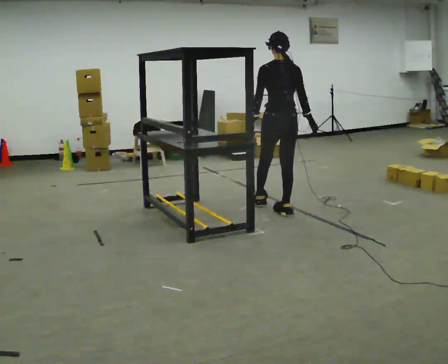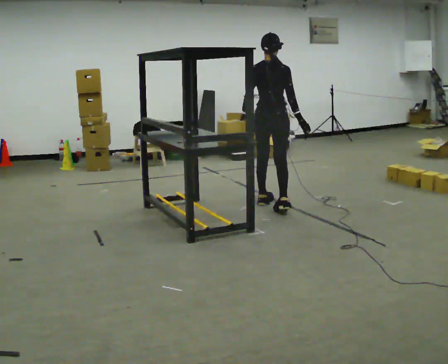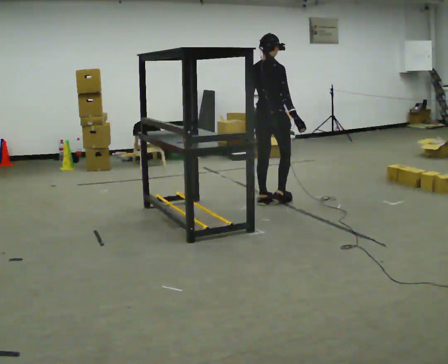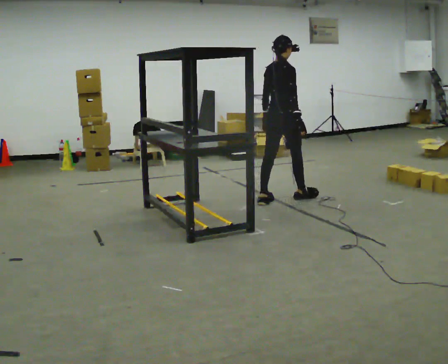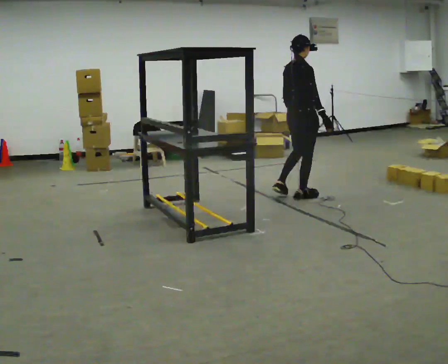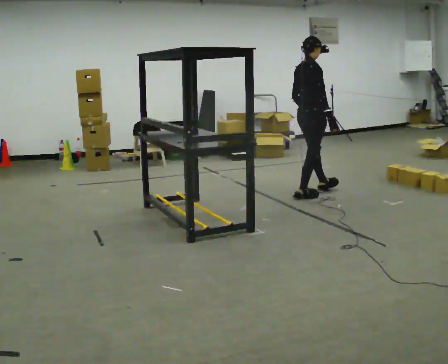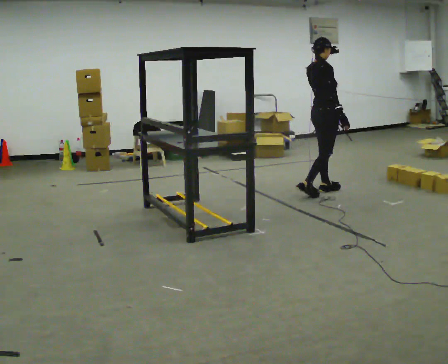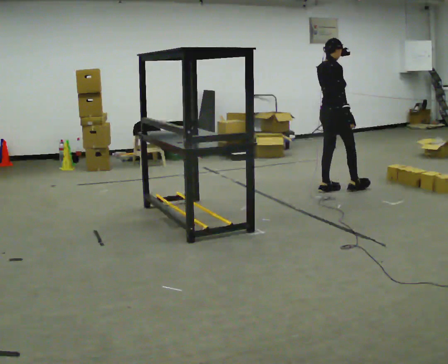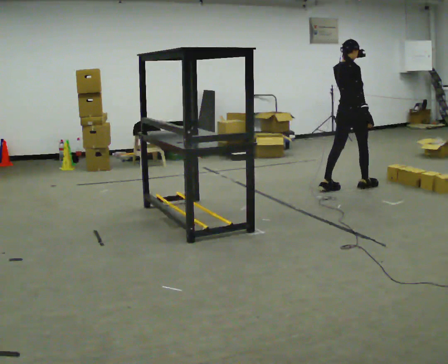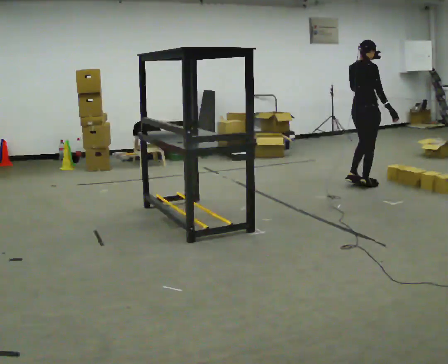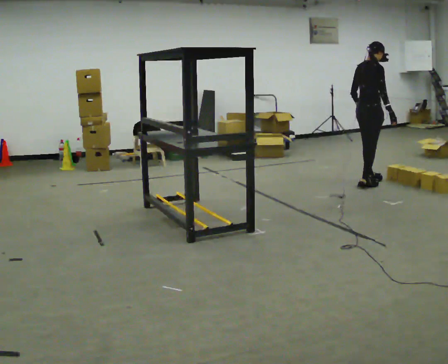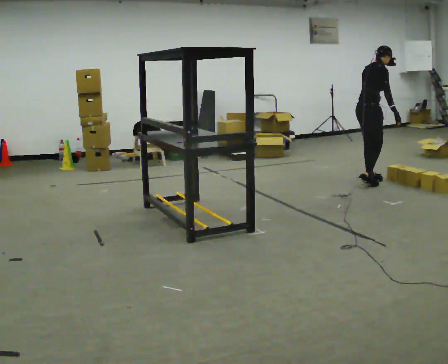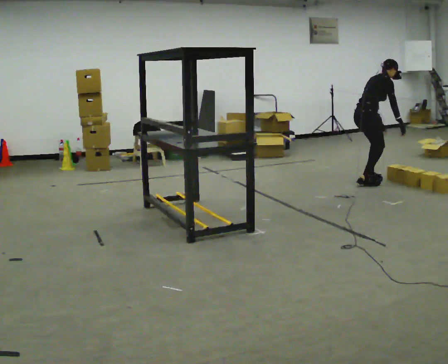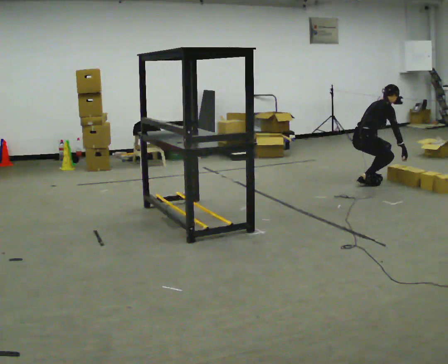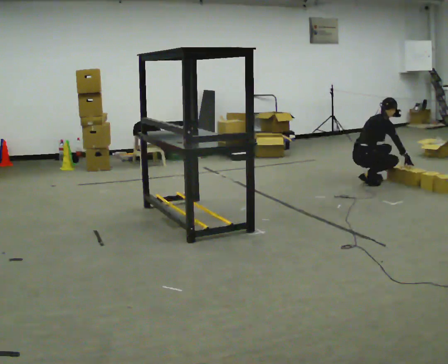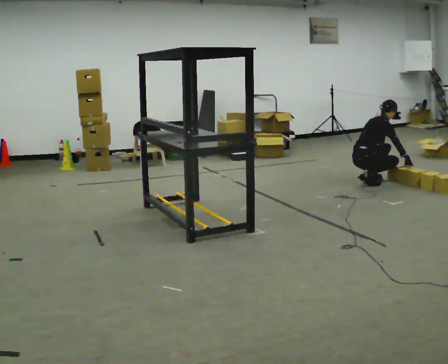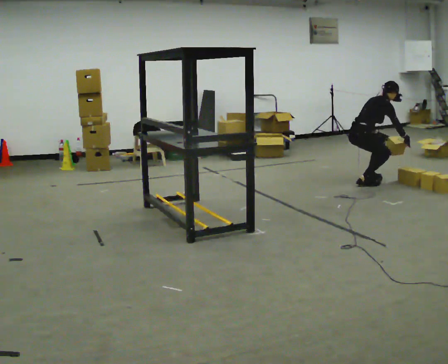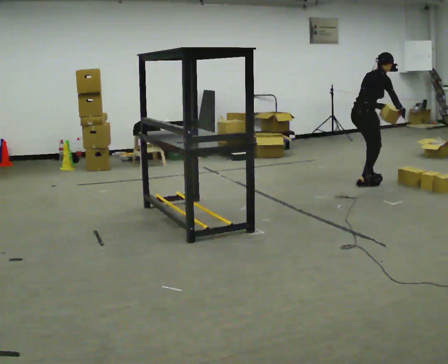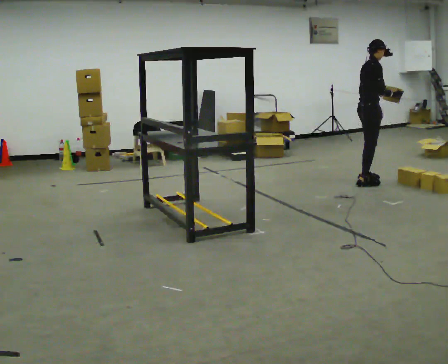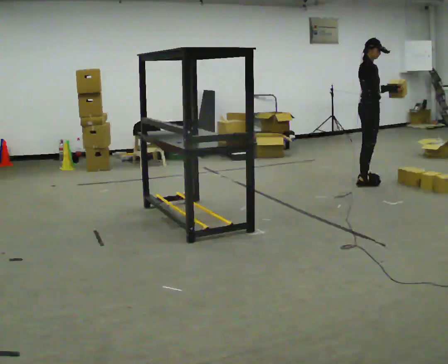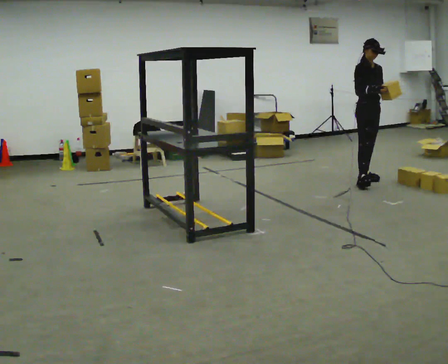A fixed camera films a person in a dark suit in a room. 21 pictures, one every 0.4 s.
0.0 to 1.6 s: The person turns about 60 degrees to their right, clockwise seen from above, so the part of the body nearest the lens slides to the left. In the picture they go away from the camera, about 0.5 m in 2 steps.
1.6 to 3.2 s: In the picture they go to the right and away from the camera, about 0.75 m in 2 steps, which for them is forward. In the picture their left hand goes upward.
3.2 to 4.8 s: In the picture they go away from the camera and to the right, about 0.25 m in 1 step, which for them is forward. The upper body goes downward. In the picture the upper body tilts clockwise, shoulders to the right, as they bend forward. In the picture their left hand goes downward.
4.8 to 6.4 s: The person moves a little, or ends about where they began.
6.4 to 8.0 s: Seen from above the body turns clockwise, about 90 degrees: to their right, with its near side sliding to the left. In the picture they go away from the camera, about 0.25 m. The upper body goes upward. In the picture the upper body tilts counterclockwise, shoulders to the left, as they lean back or straighten. In the picture their right hand goes upward and to the left.
The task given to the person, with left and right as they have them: Pick an object up off the floor at one end of the room, carry it across, and place it on the waist-height shelf at the other end. Keep going until the operator says stop; one object at a time, and do not rush between trips.
The film runs forward here.
